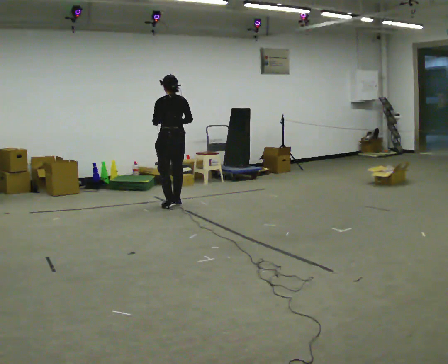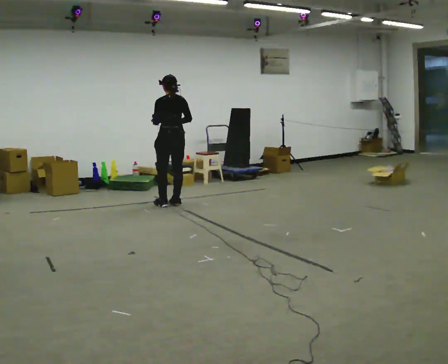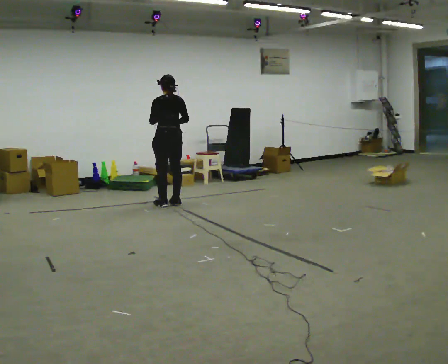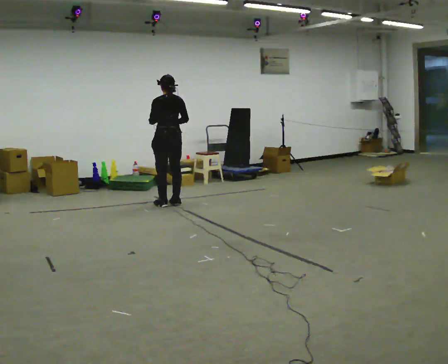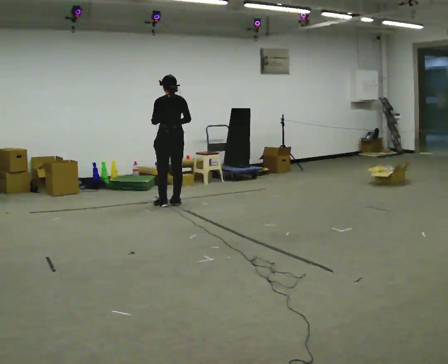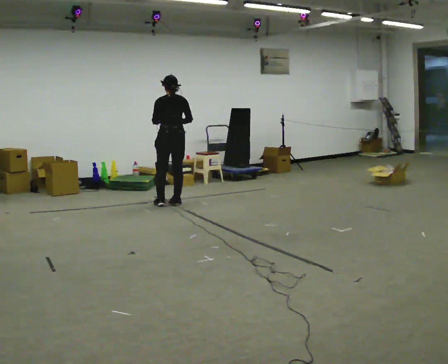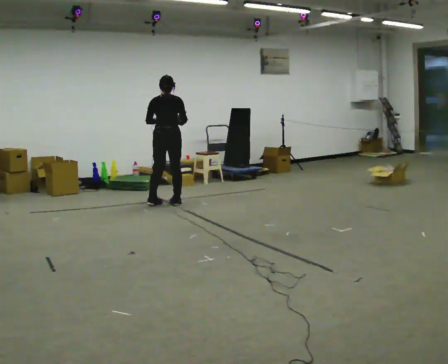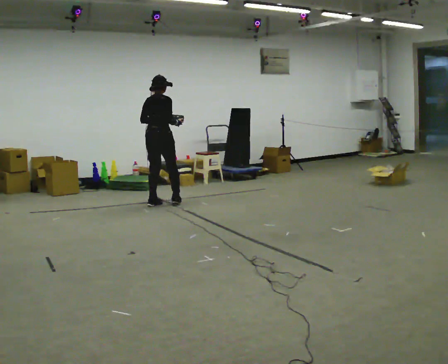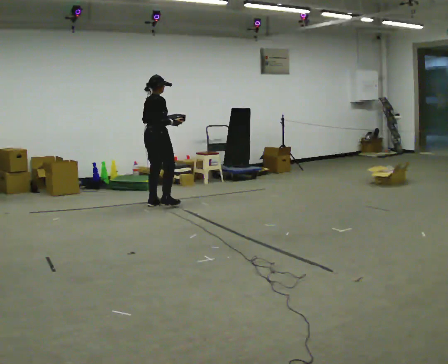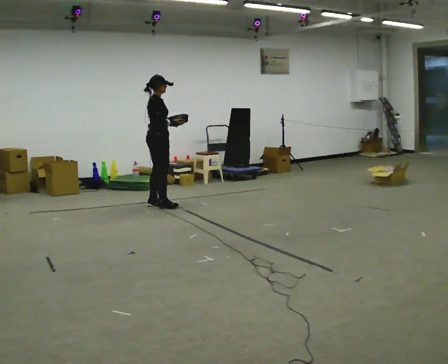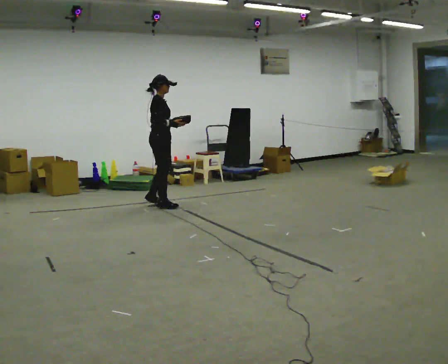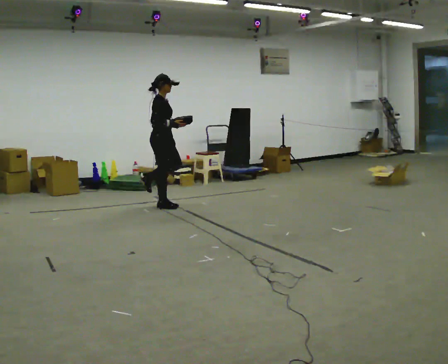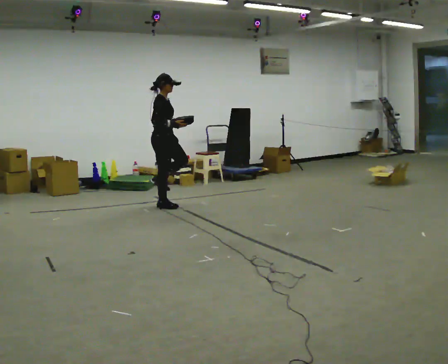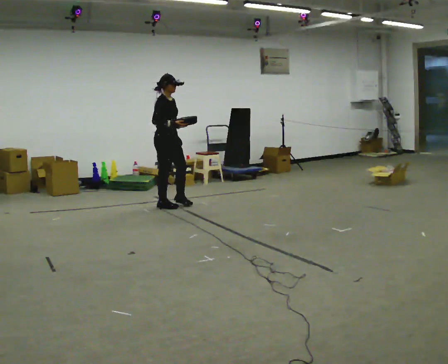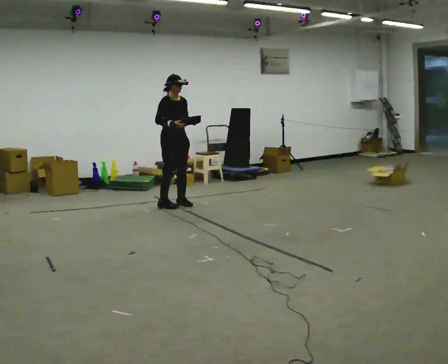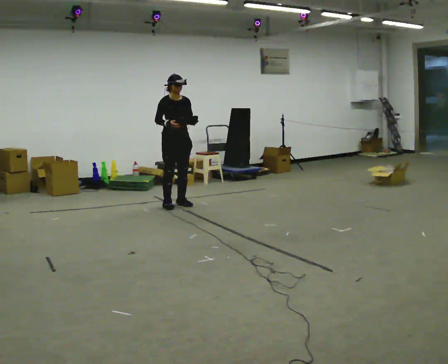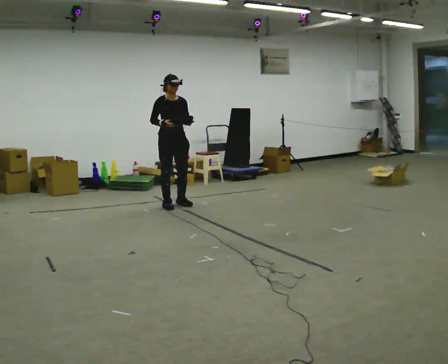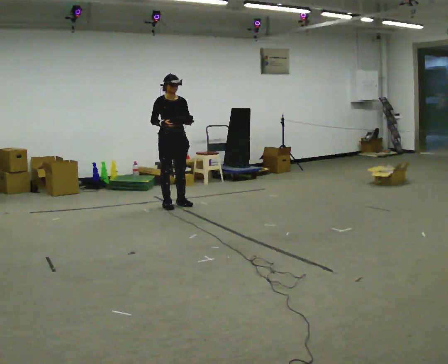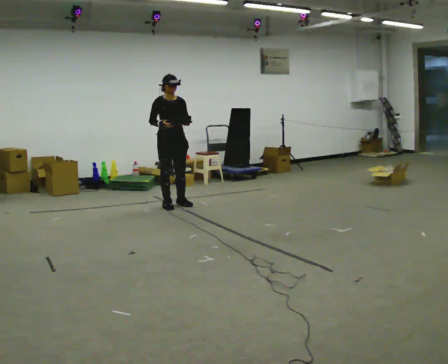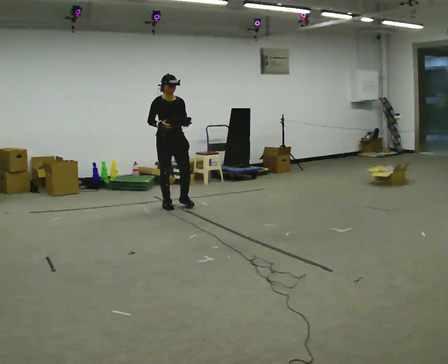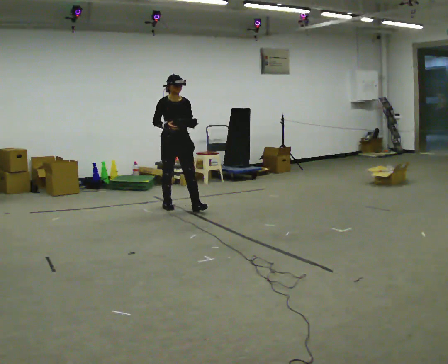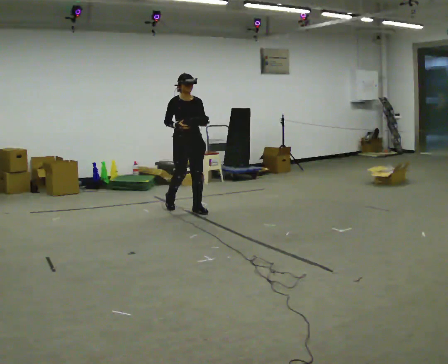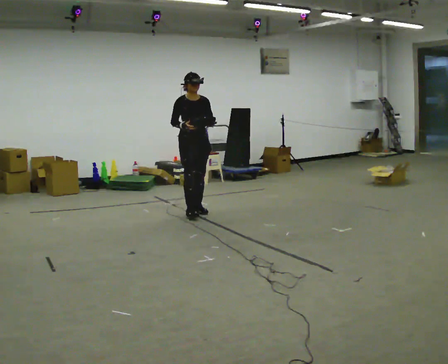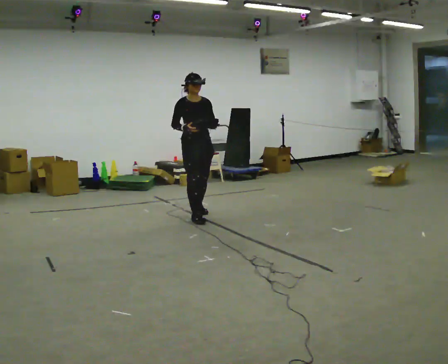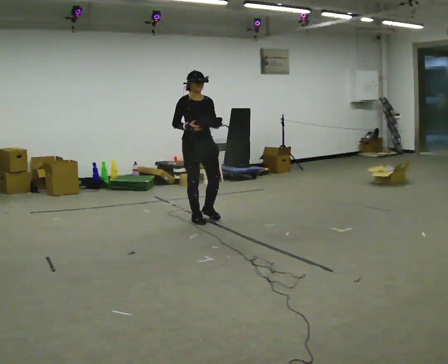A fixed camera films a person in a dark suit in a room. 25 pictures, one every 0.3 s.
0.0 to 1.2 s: The person moves a little, or ends about where they began.
1.2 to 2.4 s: Seen from above the body turns clockwise, about 90 degrees: to their right, with its near side sliding to the left. In the picture they go to the left, about 0.25 m in 1 step.
2.4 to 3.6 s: The person turns about 45 degrees to their right, clockwise seen from above, so the part of the body nearest the lens slides to the left. In the picture they go toward the camera, about 0.25 m in 1 step, which for them is to their right.
3.6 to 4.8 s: The person turns about 60 degrees to their right, clockwise seen from above, so the part of the body nearest the lens slides to the left.
4.8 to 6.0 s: In the picture they go toward the camera, about 0.25 m, which for them is forward.
6.0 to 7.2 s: In the picture they go toward the camera, about 0.75 m in 2 steps, which for them is forward.
The film runs forward here.
